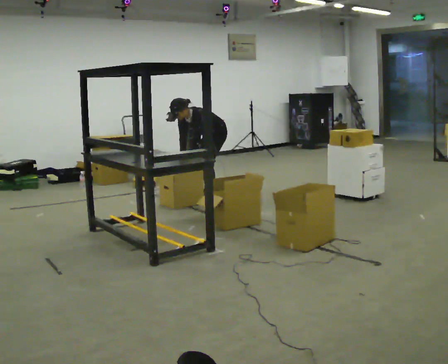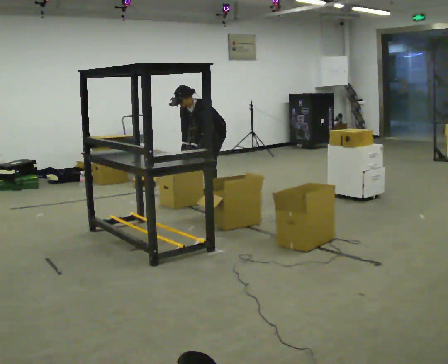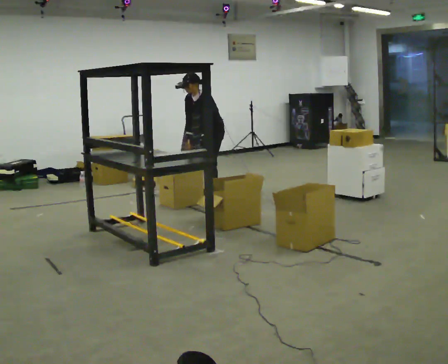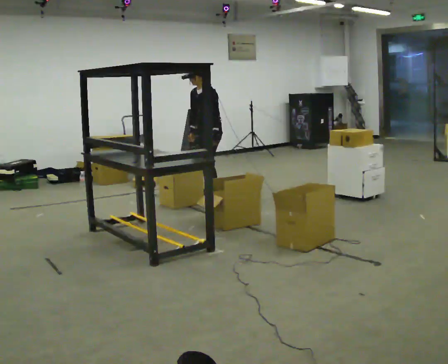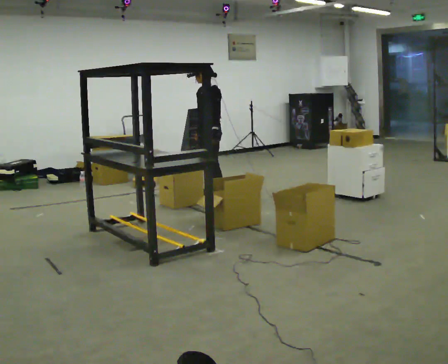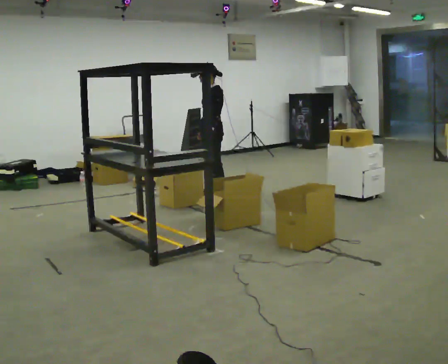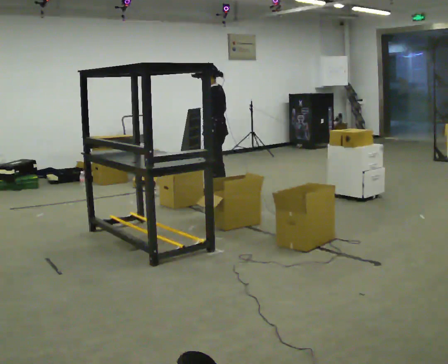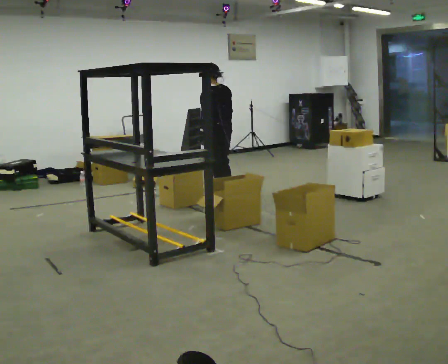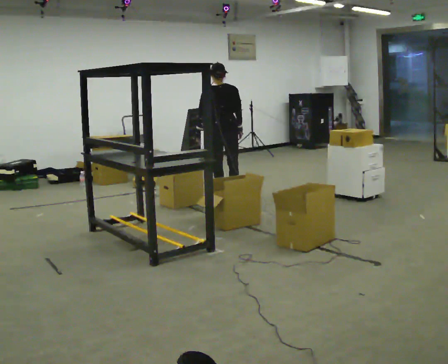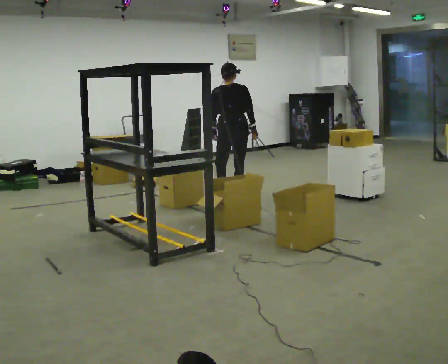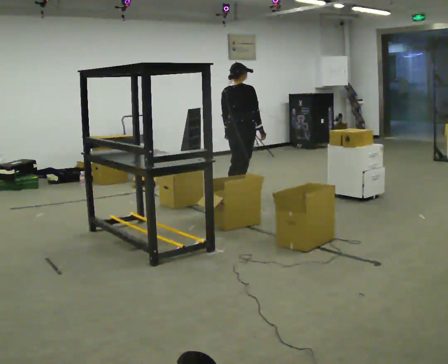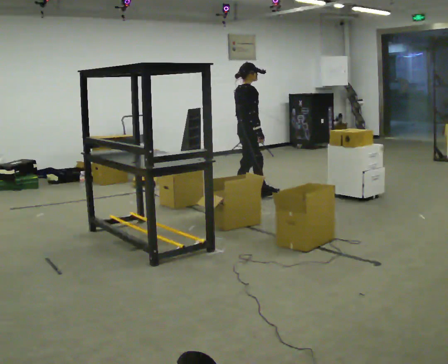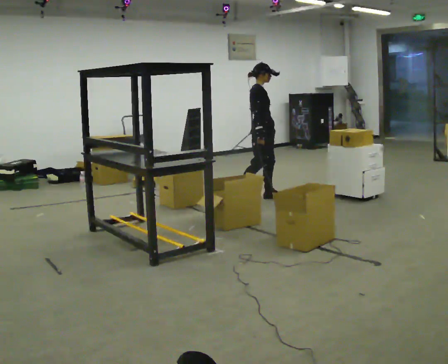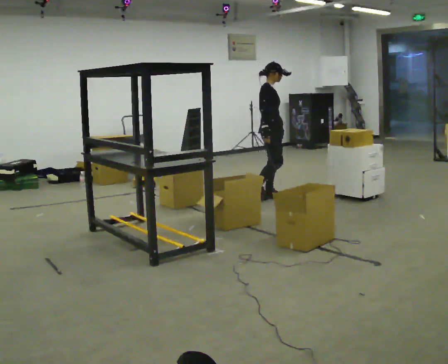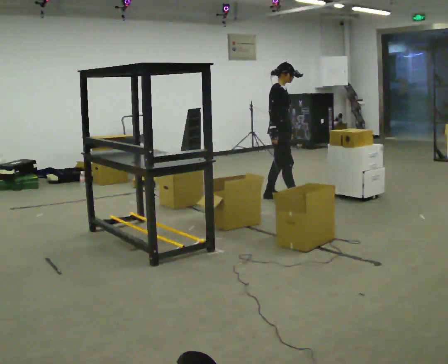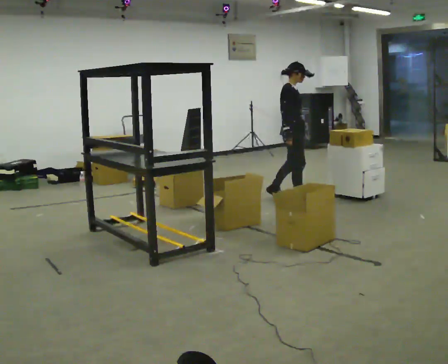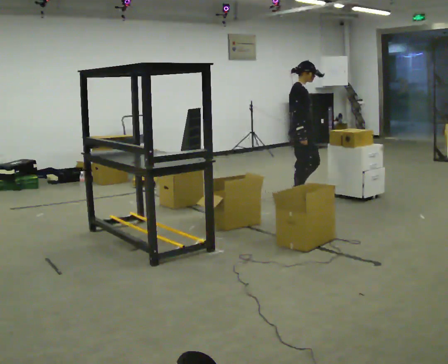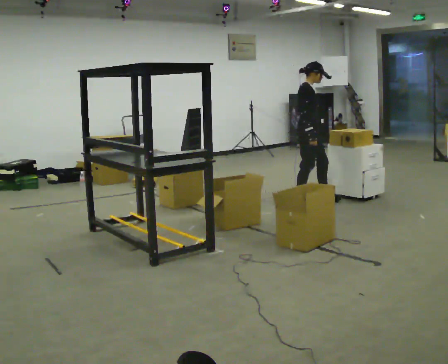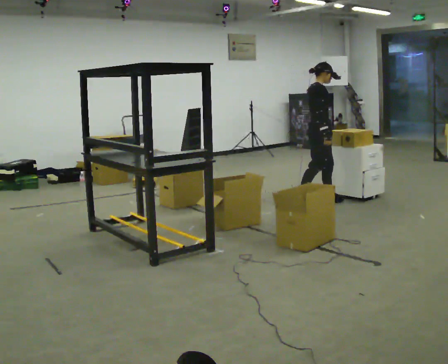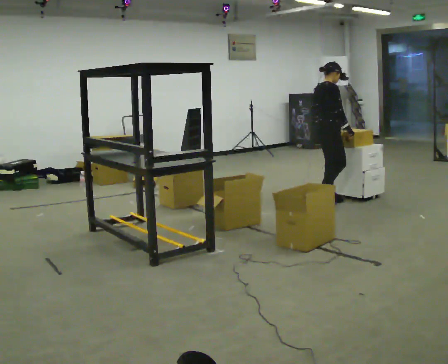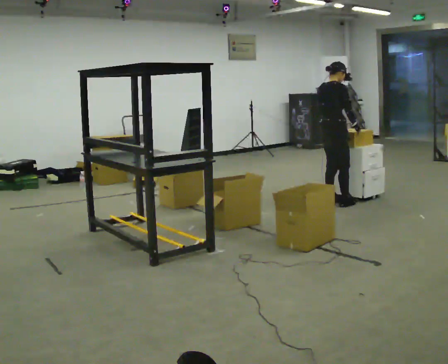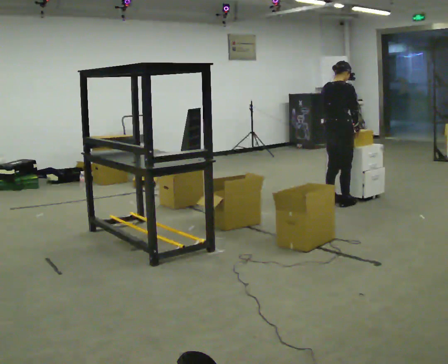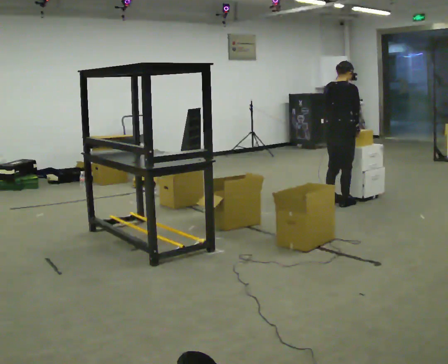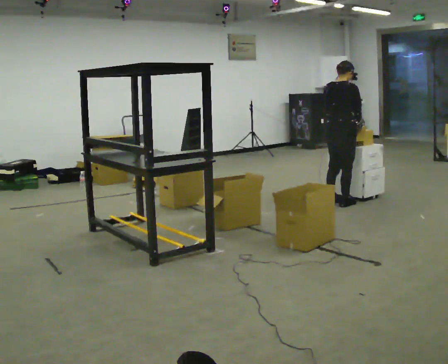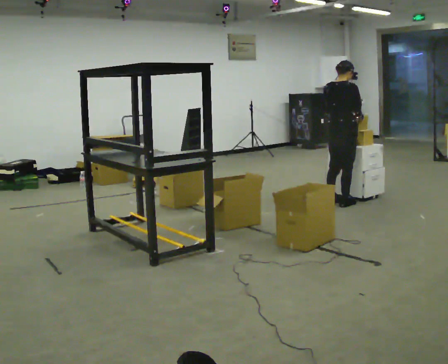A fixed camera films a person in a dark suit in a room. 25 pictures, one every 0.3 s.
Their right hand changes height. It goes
upward.
The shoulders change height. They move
upward.
0.0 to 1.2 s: The shoulders move upward. In the picture the upper body tilts clockwise, shoulders to the right, as they lean back or straighten.
1.2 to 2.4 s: The person turns about 105 degrees to their right, clockwise seen from above, so the part of the body nearest the lens slides to the left. In the picture they go toward the camera and to the right, about 0.25 m in 1 step.
2.4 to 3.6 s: Seen from above the body turns clockwise, about 120 degrees: to their right, with its near side sliding to the left. In the picture they go to the right, about 0.5 m in 1 step.
3.6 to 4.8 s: In the picture they go to the right and toward the camera, about 0.5 m in 1 step, which for them is forward.
4.8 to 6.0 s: The part of the body nearest the lens slides to the right as the person turns to their left by about 45 degrees. In the picture they go to the right, about 0.25 m in 2 steps, which for them is forward.
6.0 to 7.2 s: The person moves a little, or ends about where they began.
The film runs forward here.
